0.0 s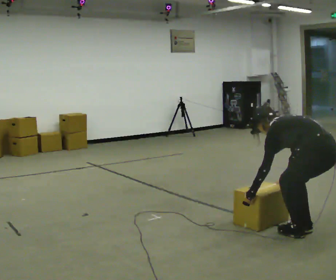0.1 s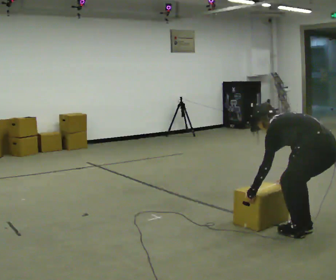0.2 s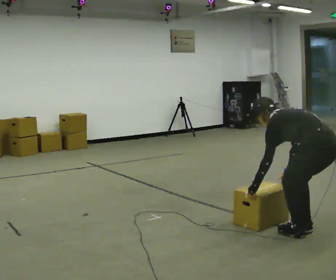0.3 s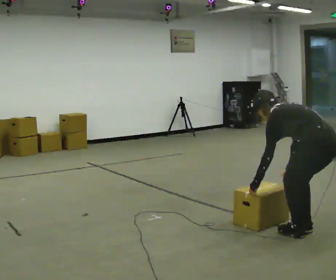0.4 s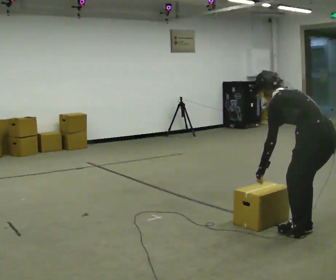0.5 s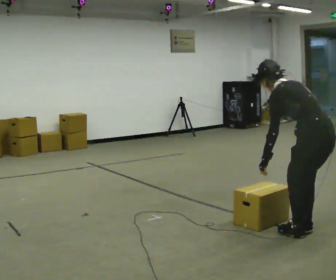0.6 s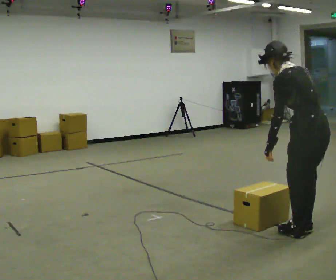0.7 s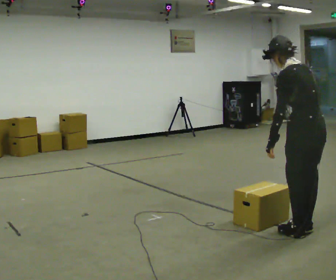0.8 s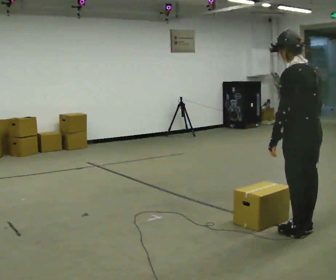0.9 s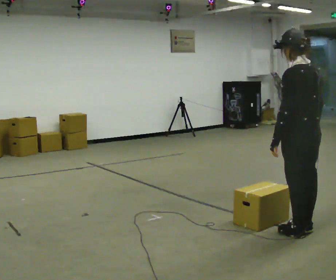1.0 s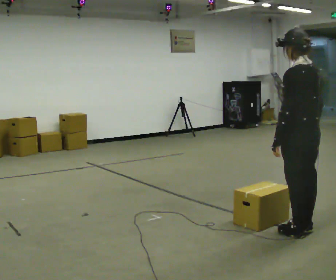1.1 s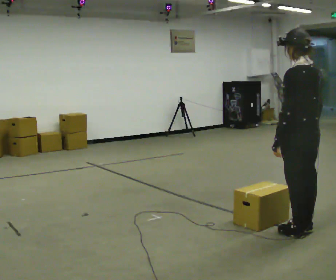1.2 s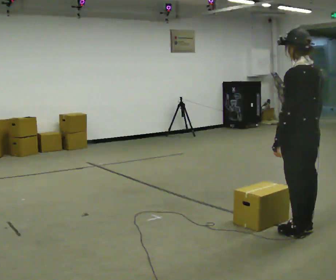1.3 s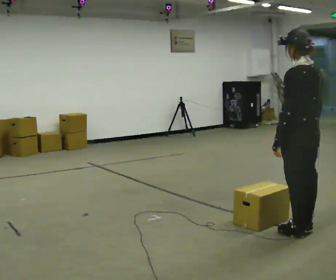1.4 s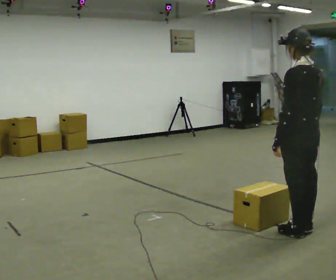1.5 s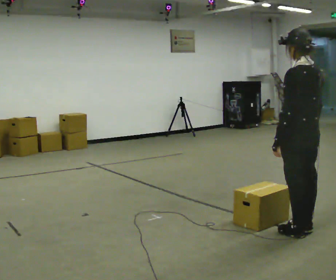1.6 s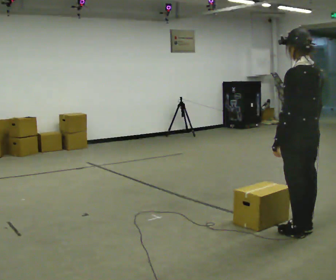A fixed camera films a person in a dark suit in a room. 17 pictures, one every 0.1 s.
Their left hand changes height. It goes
upward.
Their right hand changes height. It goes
upward.
0.0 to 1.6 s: The shoulders move upward. In the picture the upper body tilts clockwise, shoulders to the right, as they lean back or straighten. In the picture their right hand goes upward.
The film runs backward here.
